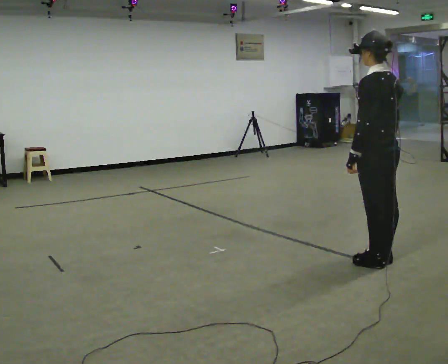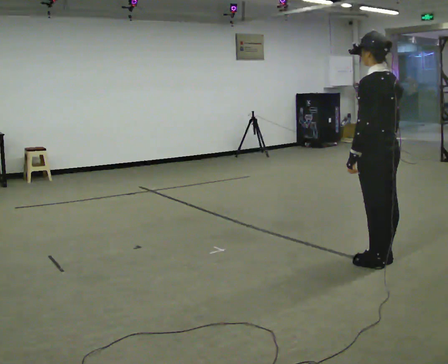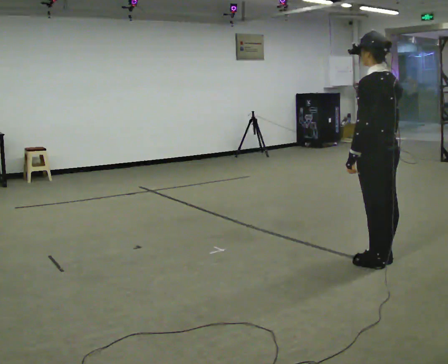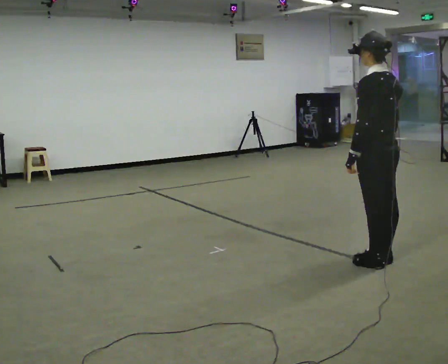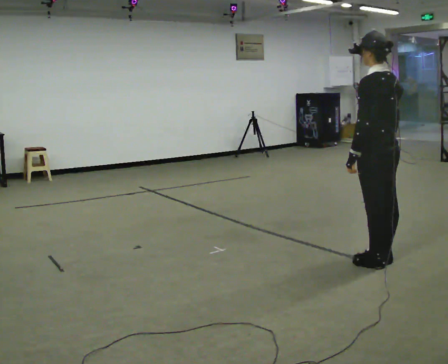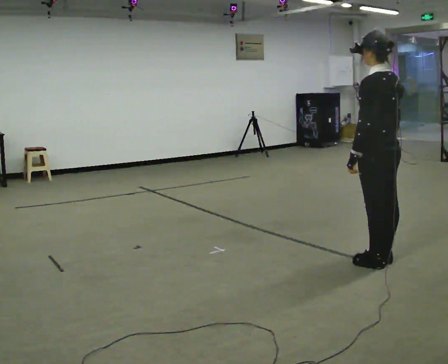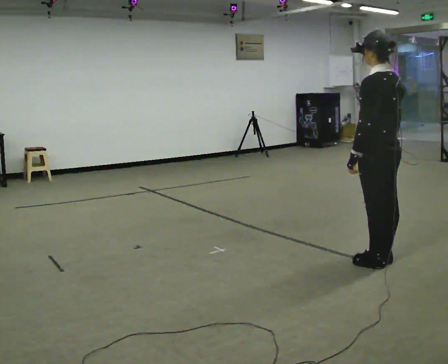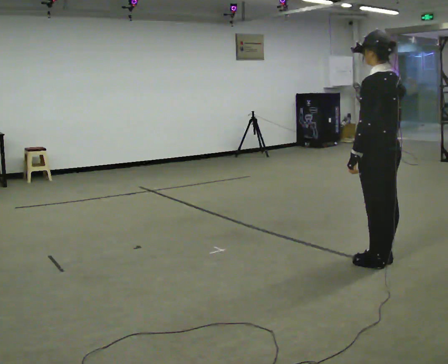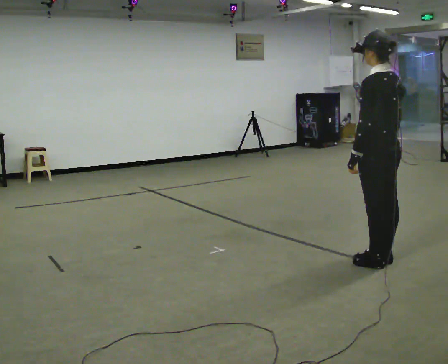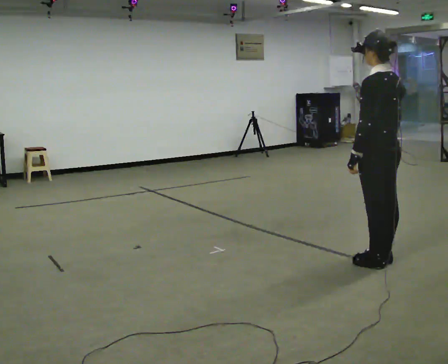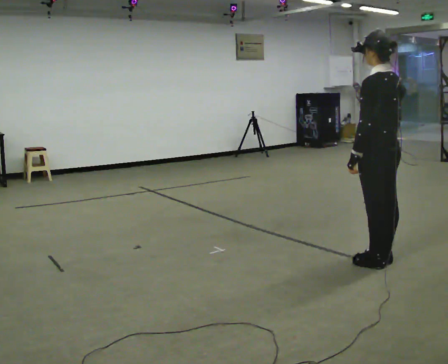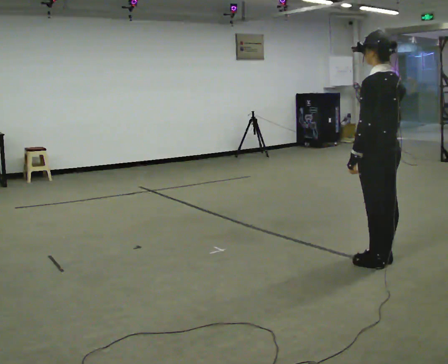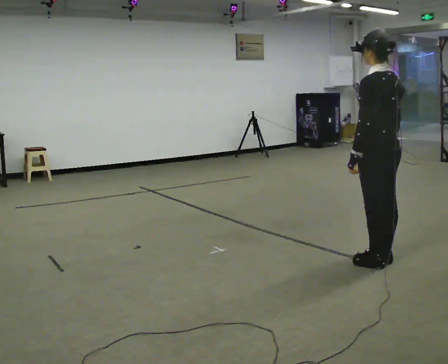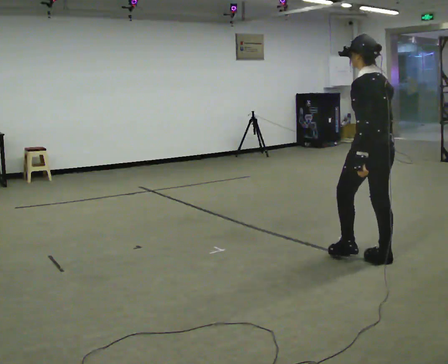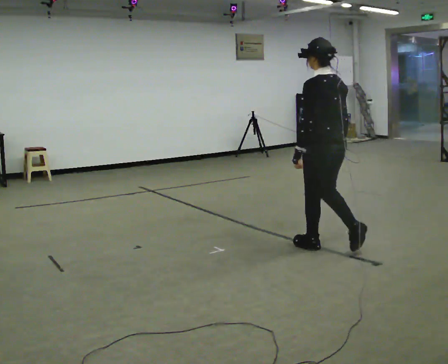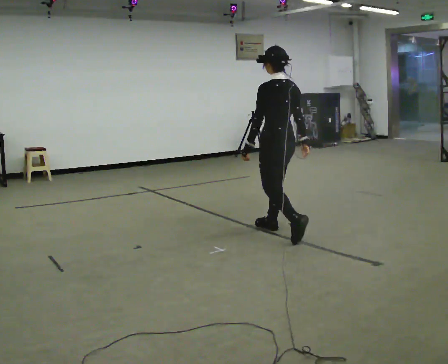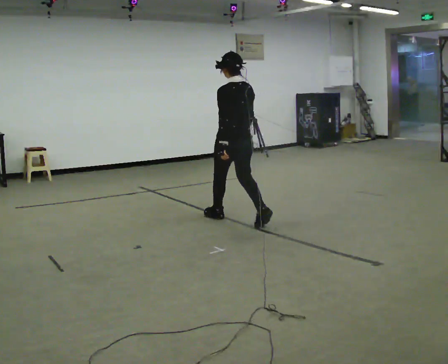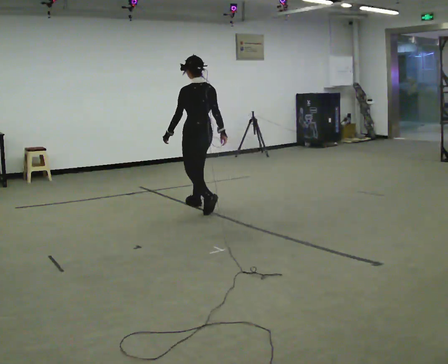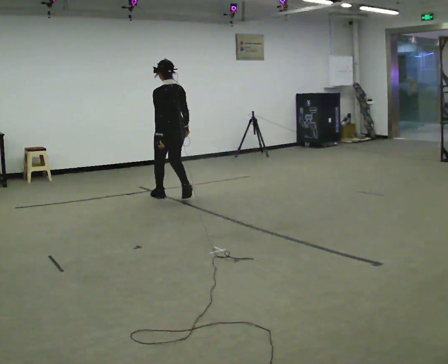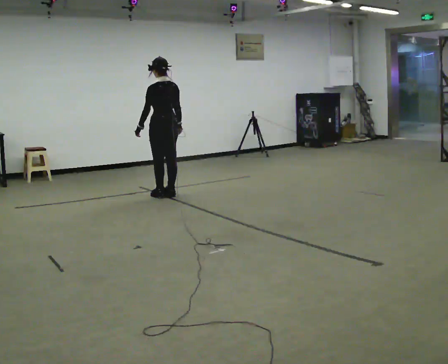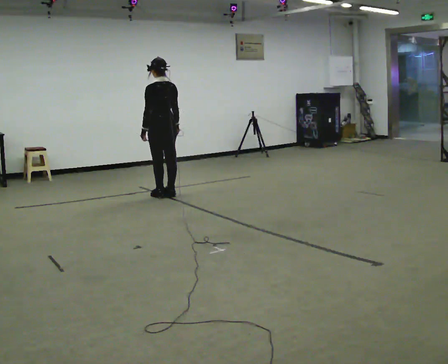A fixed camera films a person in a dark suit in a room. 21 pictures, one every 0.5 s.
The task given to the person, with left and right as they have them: Walk normally; at marked point stop as quickly as comfortably possible; remain still.
0.0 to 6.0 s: The person moves a little, or ends about where they began.
6.0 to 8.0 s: In the picture they go to the left and away from the camera, about 1.5 m in 3 steps, which for them is forward.
8.0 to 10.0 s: In the picture they go to the left and away from the camera, about 1.5 m in 3 steps, which for them is forward.
The film runs forward here.
